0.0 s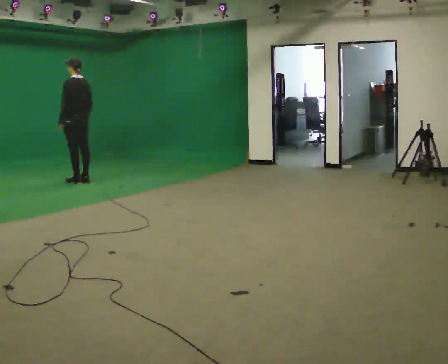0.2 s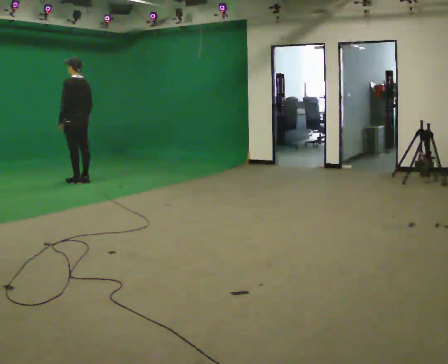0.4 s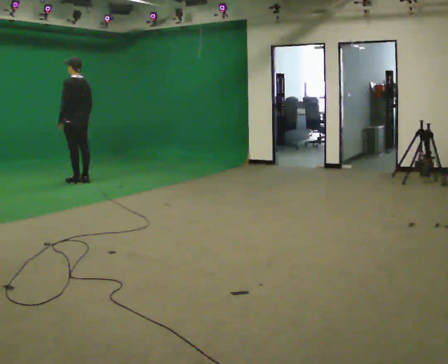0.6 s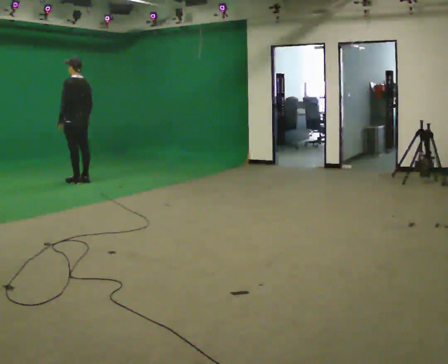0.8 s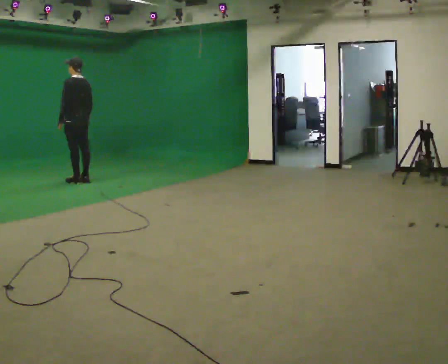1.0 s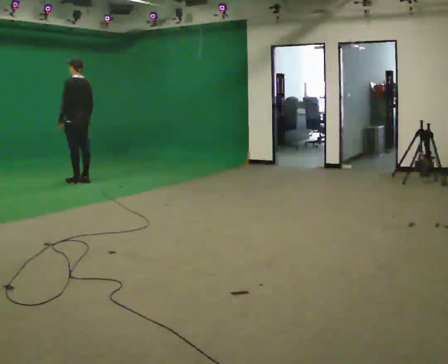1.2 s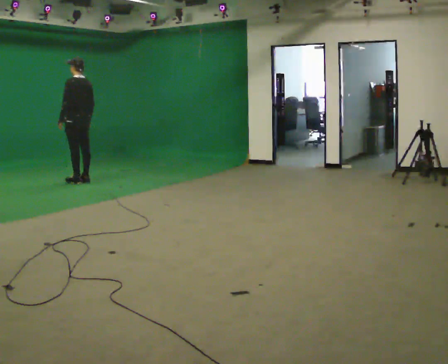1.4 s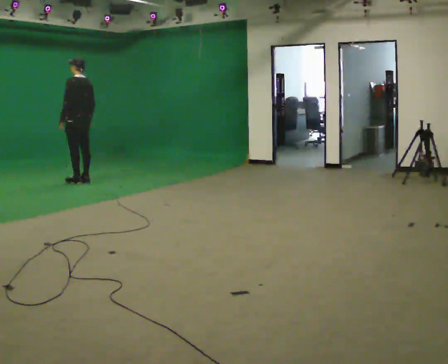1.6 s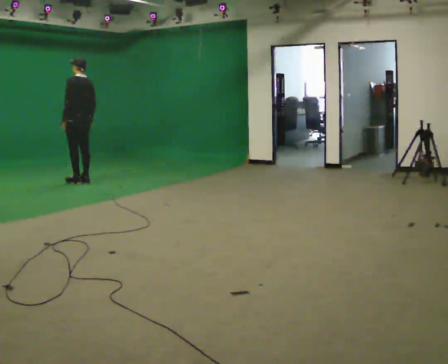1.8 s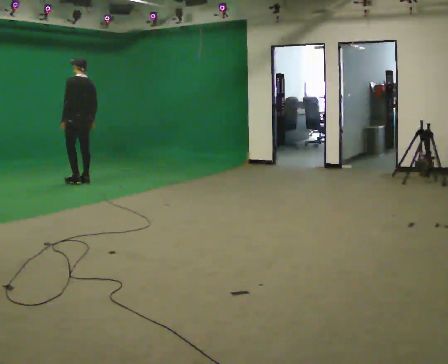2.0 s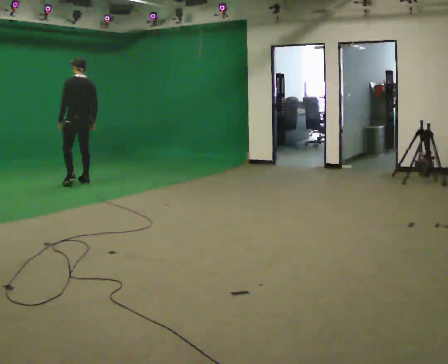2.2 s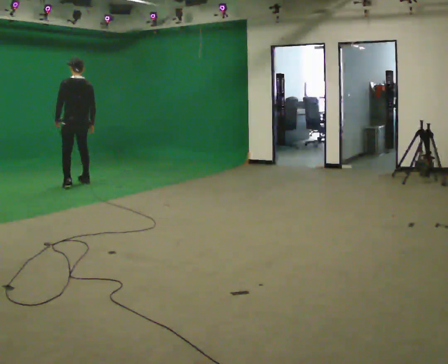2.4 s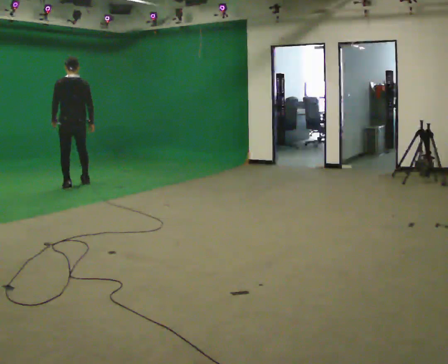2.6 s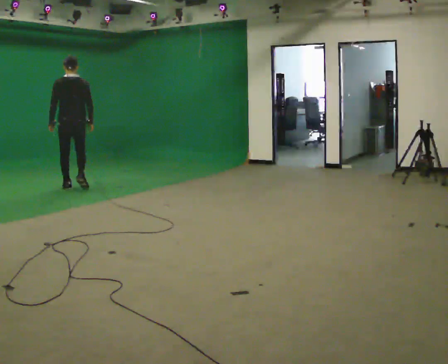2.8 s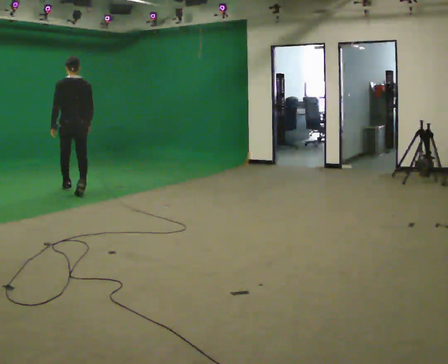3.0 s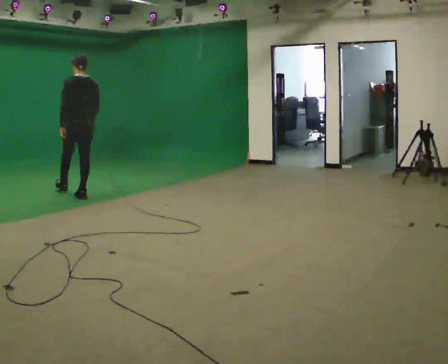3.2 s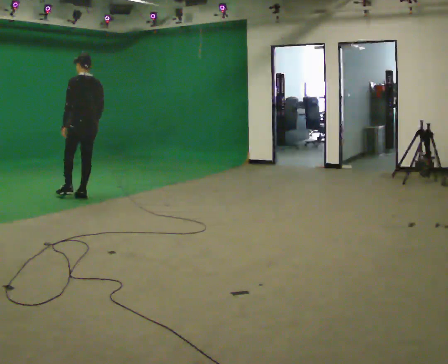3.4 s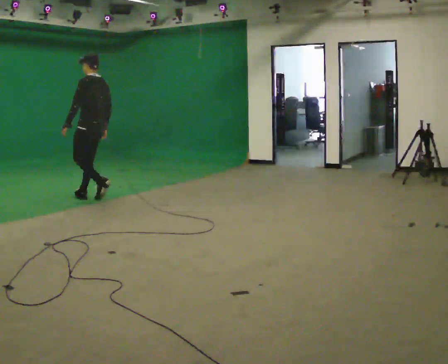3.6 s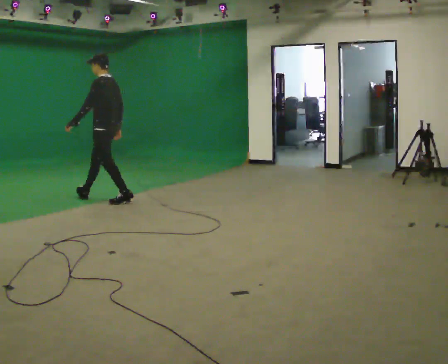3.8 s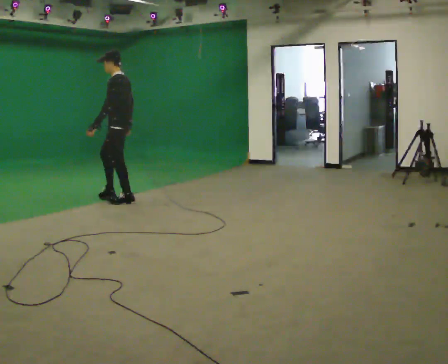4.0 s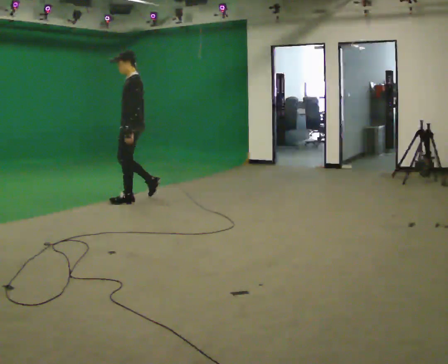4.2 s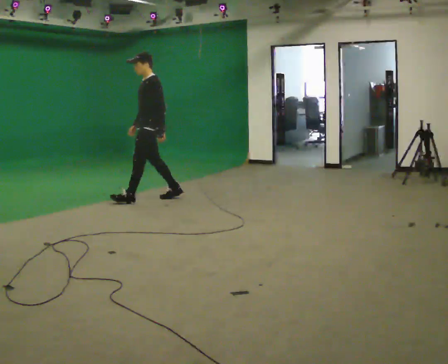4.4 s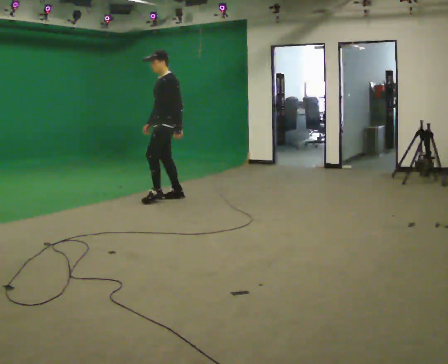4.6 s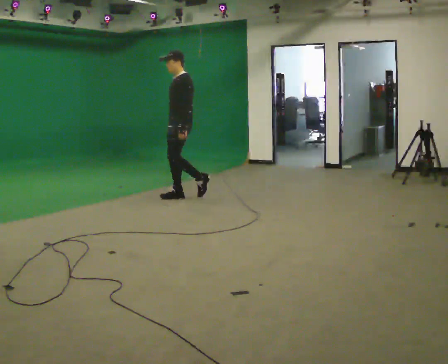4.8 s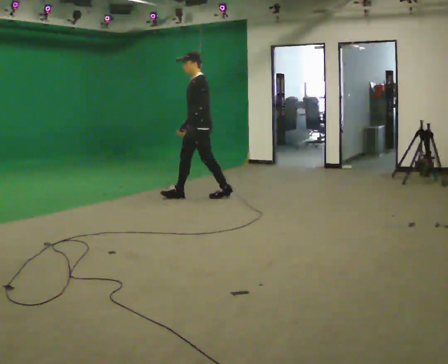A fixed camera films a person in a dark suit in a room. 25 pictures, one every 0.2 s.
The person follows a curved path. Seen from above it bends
counterclockwise.
0.0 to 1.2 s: The person moves a little, or ends about where they began.
1.2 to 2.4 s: Seen from above the body turns clockwise, about 30 degrees: to their right, with its near side sliding to the left. In the picture they go toward the camera, about 0.5 m in 2 steps, which for them is to their left and backward.
2.4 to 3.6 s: Seen from above the body turns counterclockwise, about 45 degrees: to their left, with its near side sliding to the right. In the picture they go toward the camera and to the right, about 1 m in 2 steps, which for them is backward.
3.6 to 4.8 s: The person turns about 30 degrees to their left, counterclockwise seen from above, so the part of the body nearest the lens slides to the right. In the picture they go to the right, about 1 m in 1 step, which for them is backward.
The film runs backward here.
